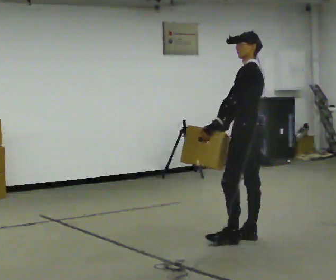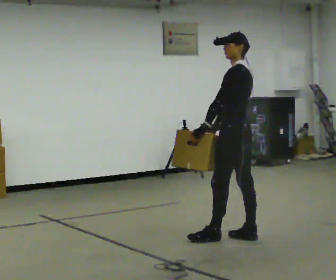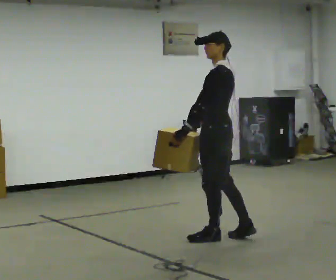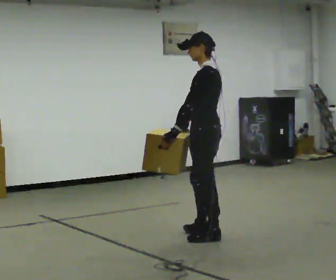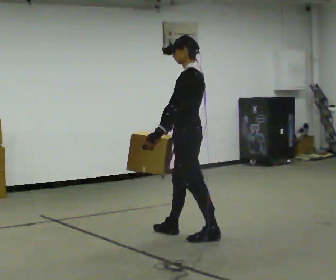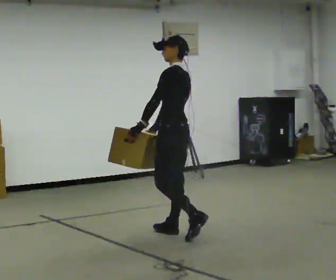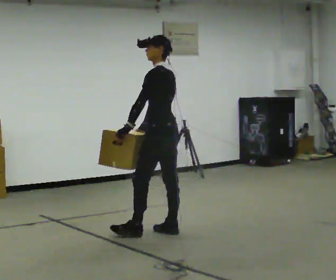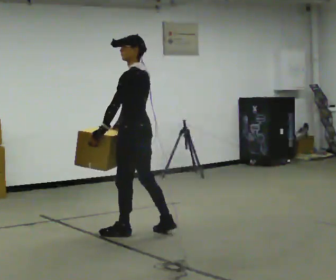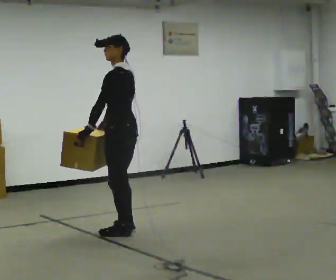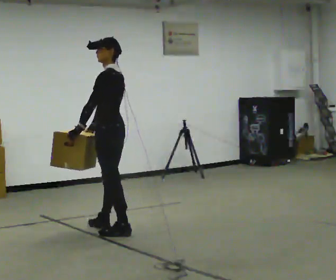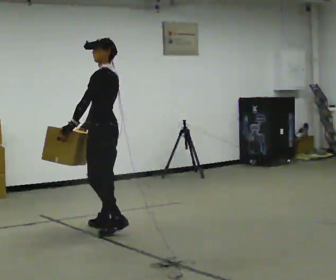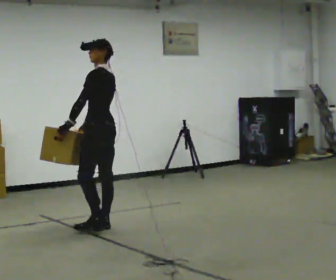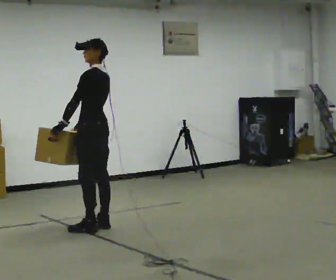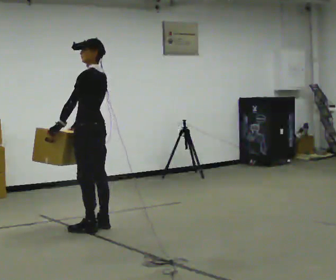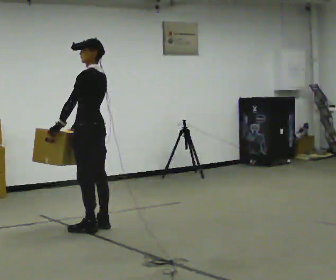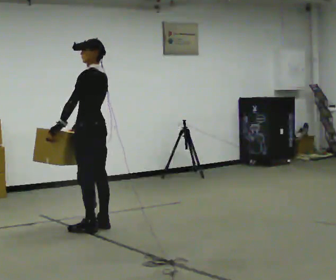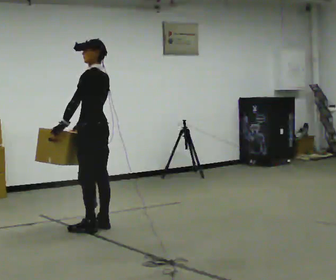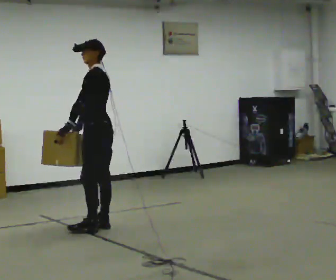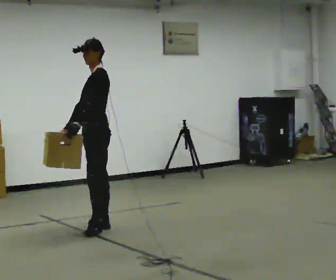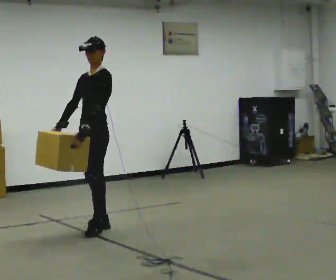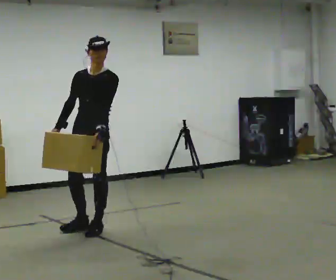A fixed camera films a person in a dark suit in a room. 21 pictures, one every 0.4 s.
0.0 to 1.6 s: In the picture they go to the left, about 0.5 m in 2 steps, which for them is forward.
1.6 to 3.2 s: In the picture they go to the left, about 0.5 m in 1 step, which for them is forward.
3.2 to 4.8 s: In the picture they go away from the camera and to the left, about 0.25 m in 2 steps, which for them is forward and to their right.
4.8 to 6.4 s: The person moves a little, or ends about where they began.
6.4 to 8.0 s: Seen from above the body turns counterclockwise, about 90 degrees: to their left, with its near side sliding to the right. In the picture they go toward the camera, about 0.25 m.
The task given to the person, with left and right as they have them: Carry the heavy box in both hands in front of you, walking back and forth across the room. Keep walking until the operator says stop. Set it down if you need a rest.
The film runs forward here.
